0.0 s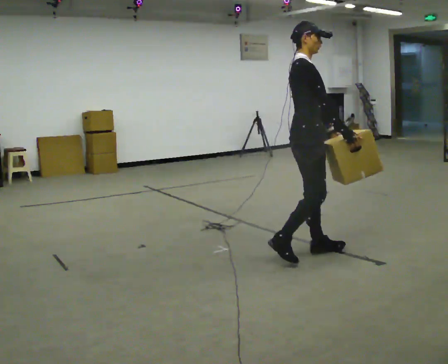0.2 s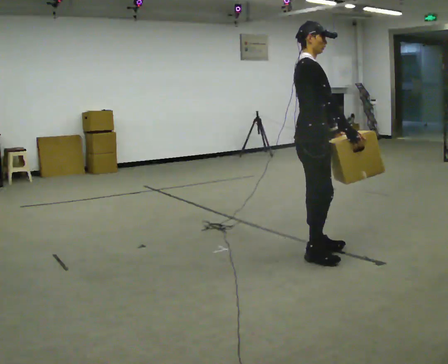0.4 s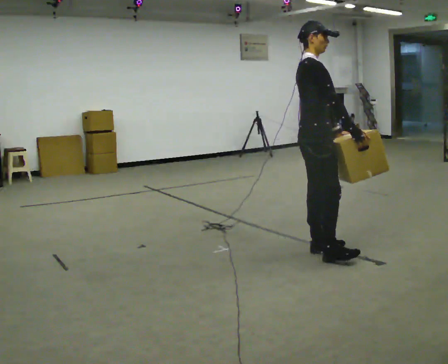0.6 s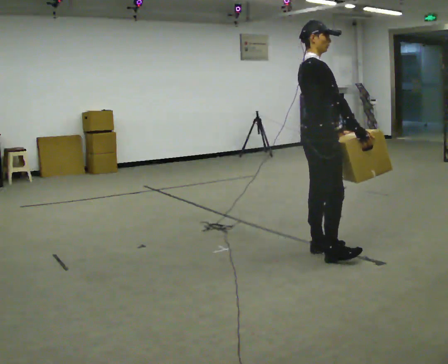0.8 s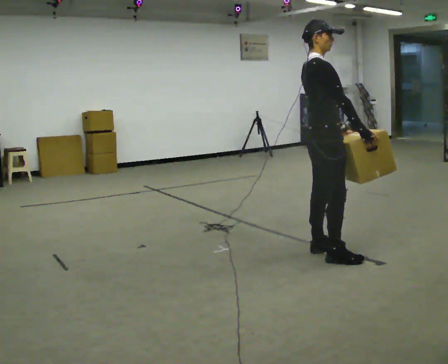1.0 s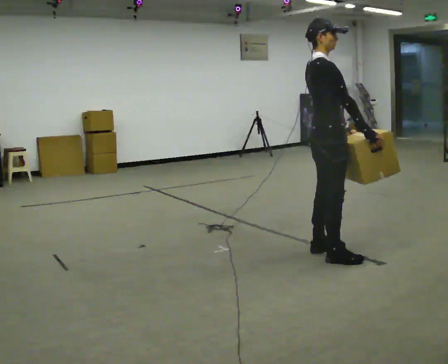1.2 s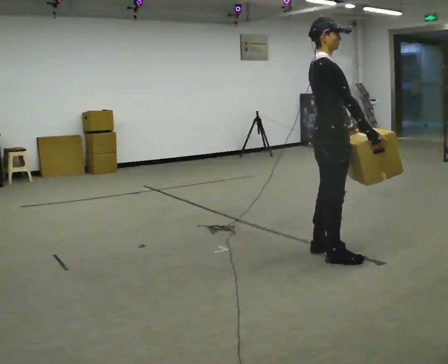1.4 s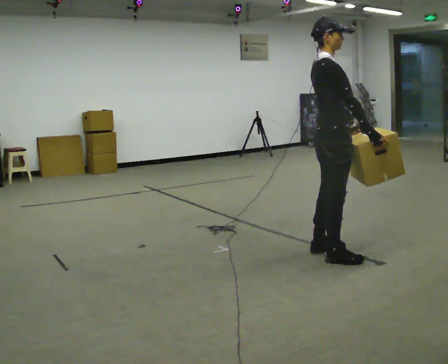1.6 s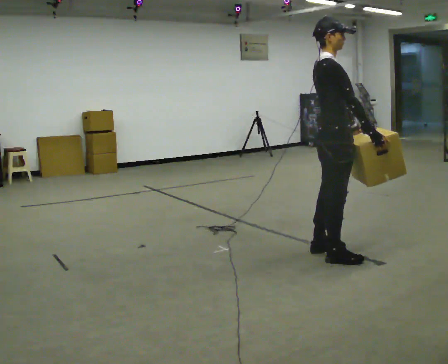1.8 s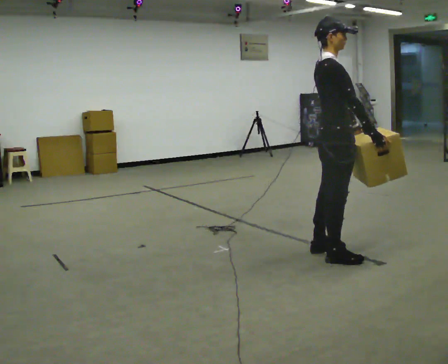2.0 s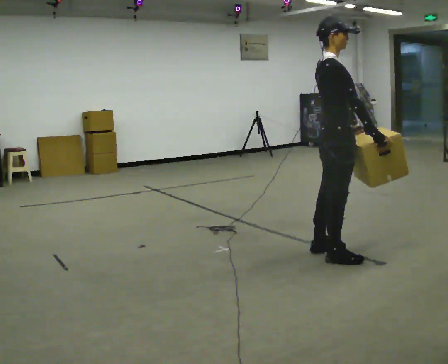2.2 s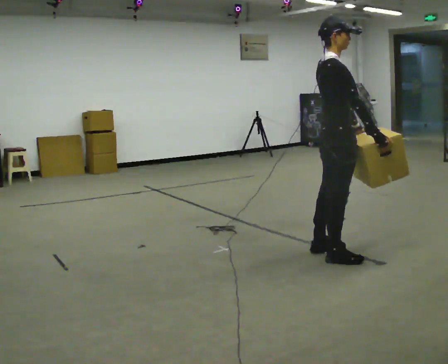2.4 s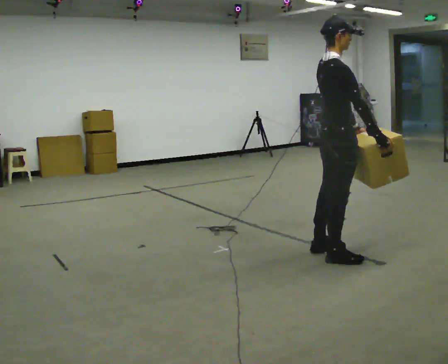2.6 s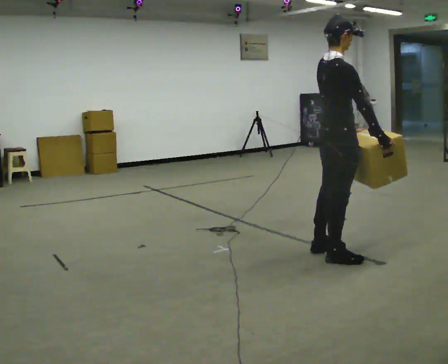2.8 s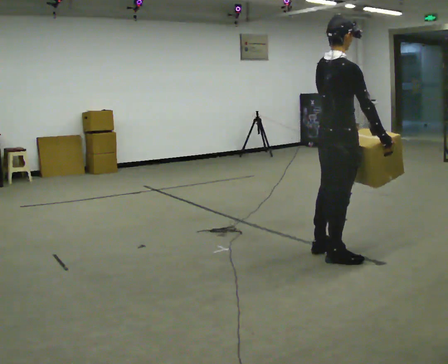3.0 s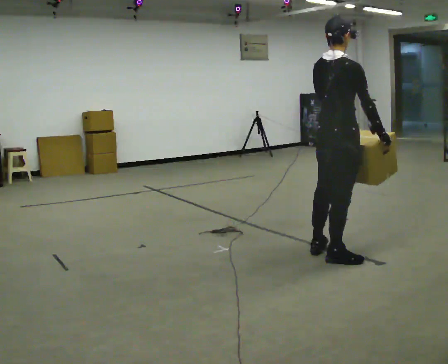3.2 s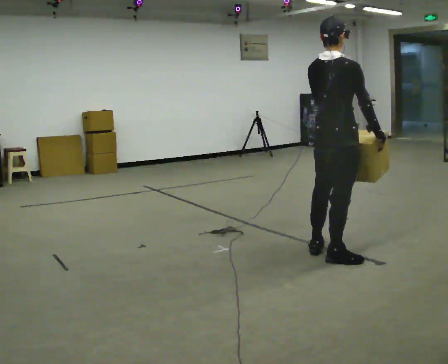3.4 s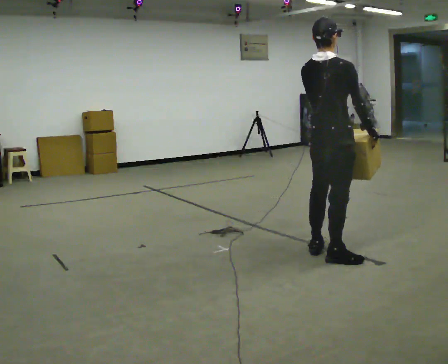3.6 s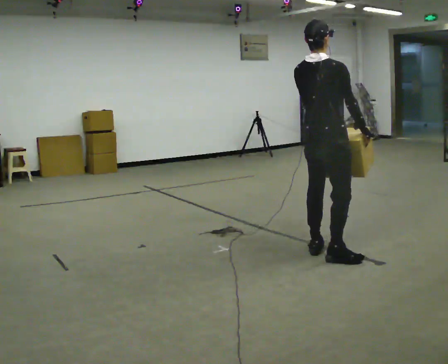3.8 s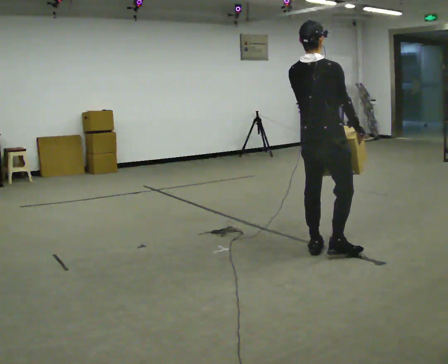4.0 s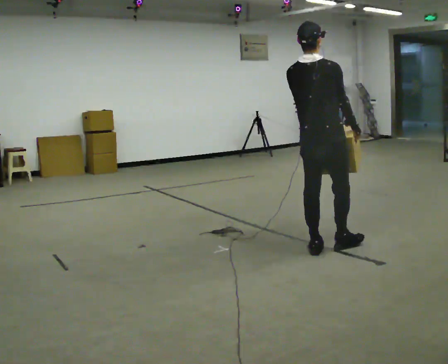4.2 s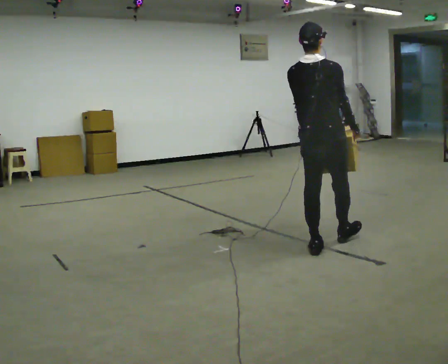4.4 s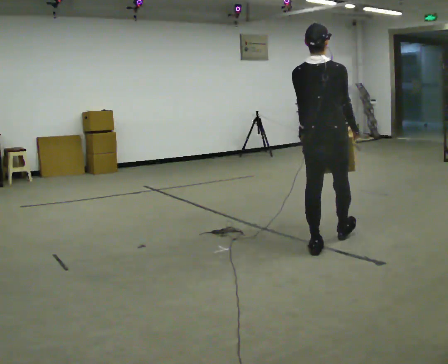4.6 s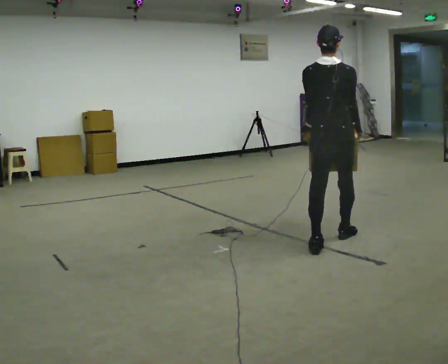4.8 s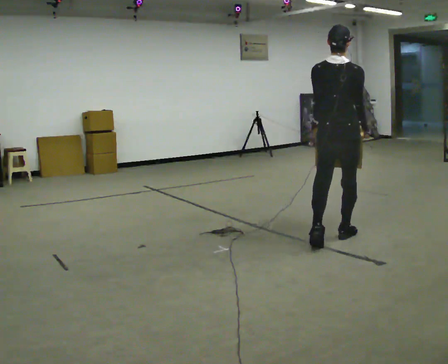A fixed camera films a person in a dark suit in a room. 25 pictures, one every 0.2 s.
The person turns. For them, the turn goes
to their left.
The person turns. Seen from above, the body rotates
counterclockwise.
0.0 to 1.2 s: In the picture they go to the right, about 0.25 m in 1 step, which for them is forward.
1.2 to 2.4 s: The person moves a little, or ends about where they began.
2.4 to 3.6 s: The person turns about 45 degrees to their left, counterclockwise seen from above, so the part of the body nearest the lens slides to the right.
3.6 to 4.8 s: The person turns about 30 degrees to their left, counterclockwise seen from above, so the part of the body nearest the lens slides to the right. In the picture they go away from the camera, about 0.5 m in 1 step, which for them is forward.
The film runs forward here.
